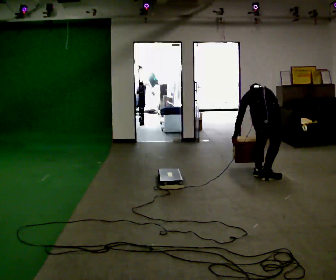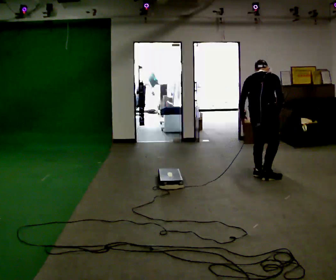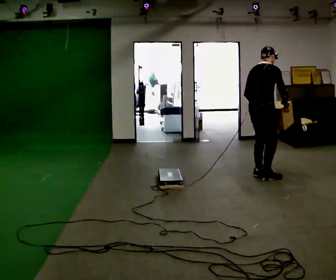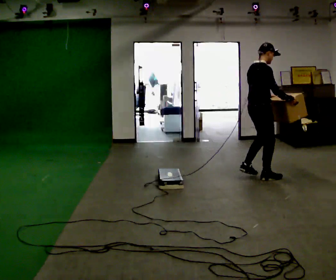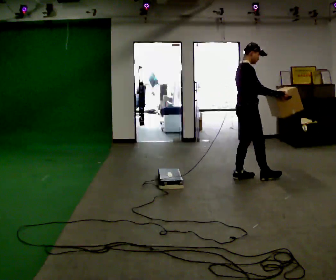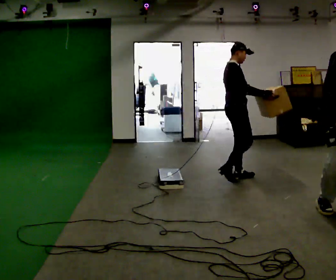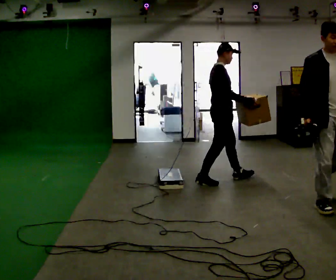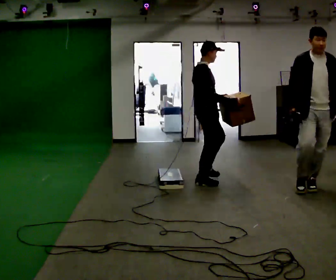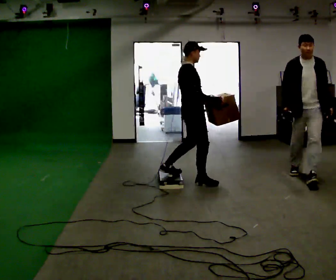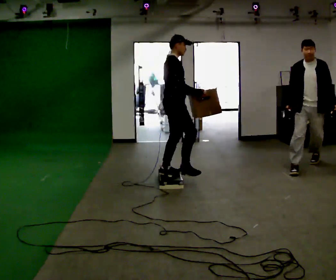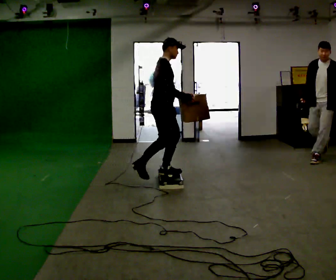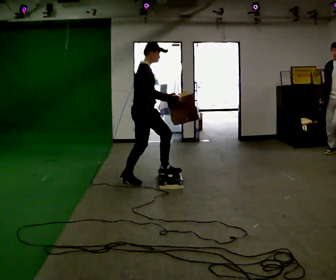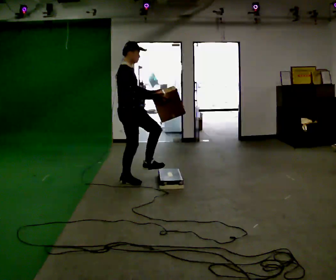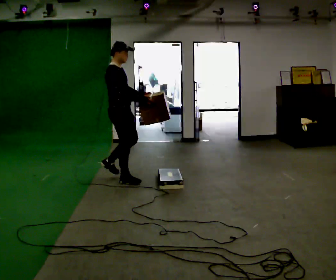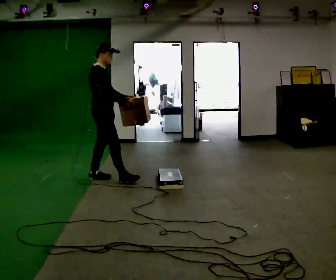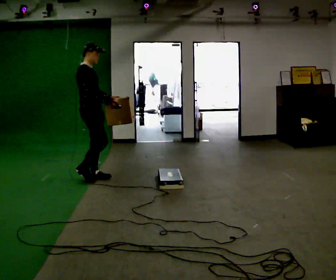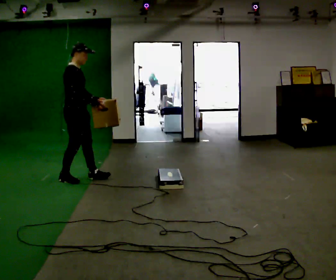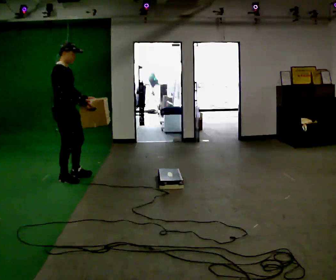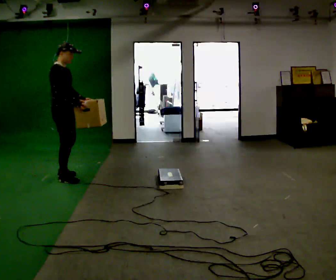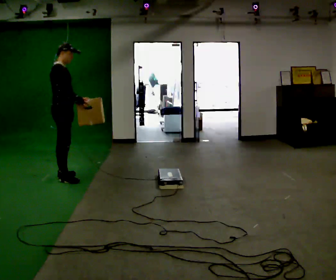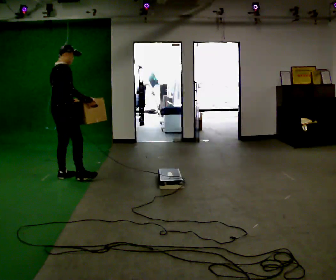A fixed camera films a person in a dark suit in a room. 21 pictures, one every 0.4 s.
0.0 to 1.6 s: The part of the body nearest the lens slides to the left as the person turns to their right by about 75 degrees. In the picture they go to the left and away from the camera, about 0.25 m in 1 step. The shoulders move upward. The upper body tips toward the camera, its near side rolling downward, as they lean back or straighten. In the picture their left hand goes upward, the arm swinging counterclockwise.
1.6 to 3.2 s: In the picture they go to the left, about 0.75 m in 2 steps, which for them is backward.
3.2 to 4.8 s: In the picture they go to the left, about 1 m in 2 steps, which for them is backward.
4.8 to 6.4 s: In the picture they go to the left, about 0.75 m in 1 step, which for them is backward.
6.4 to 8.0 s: Seen from above the body turns counterclockwise, about 45 degrees: to their left, with its near side sliding to the right. In the picture they go to the left, about 0.25 m in 2 steps, which for them is backward. In the picture their left hand goes to the left.
The film runs backward here.
